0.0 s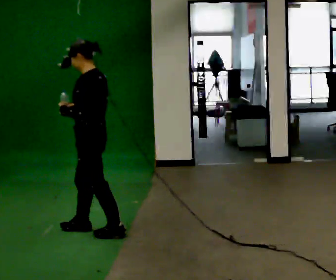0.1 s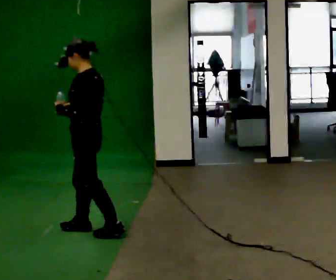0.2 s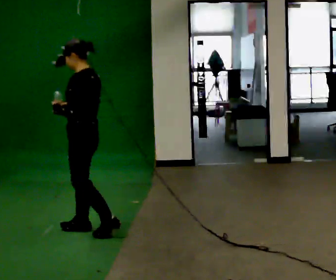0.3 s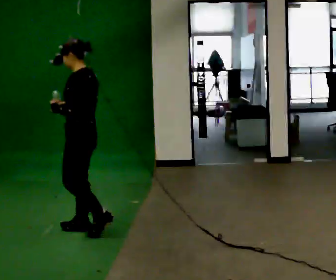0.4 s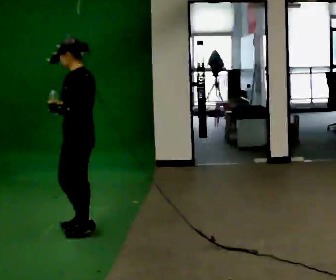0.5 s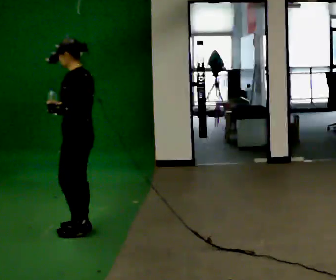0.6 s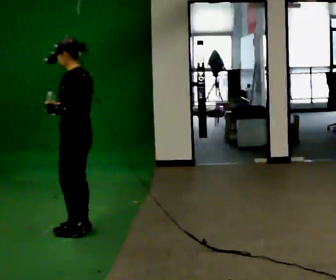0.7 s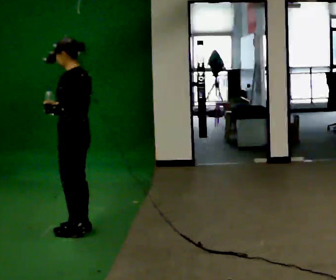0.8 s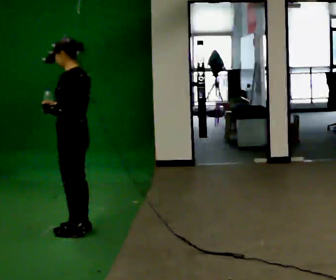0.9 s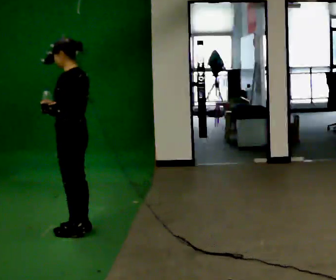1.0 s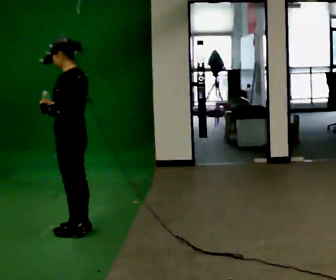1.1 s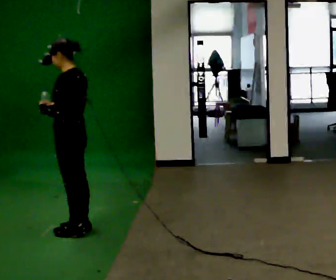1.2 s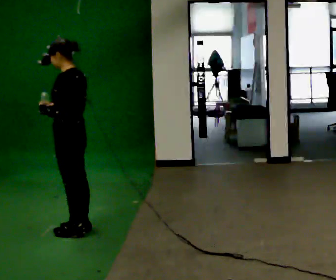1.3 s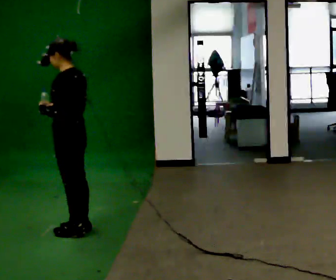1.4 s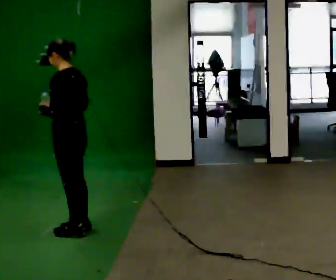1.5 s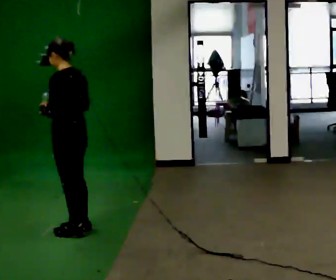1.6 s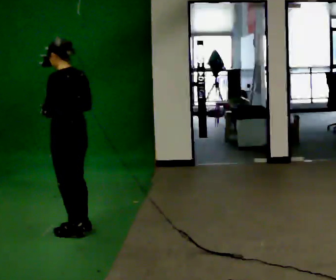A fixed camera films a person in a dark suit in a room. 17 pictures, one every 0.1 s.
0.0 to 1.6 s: Seen from above the body turns clockwise, about 30 degrees: to their right, with its near side sliding to the left.
The film runs forward here.
